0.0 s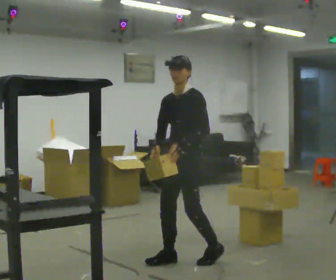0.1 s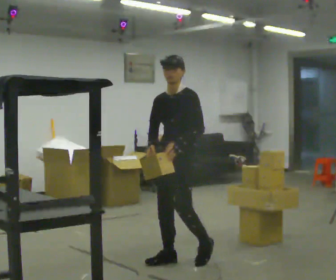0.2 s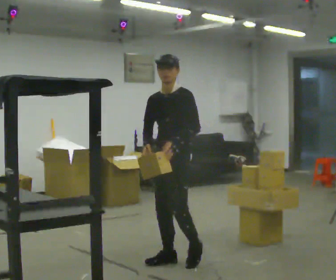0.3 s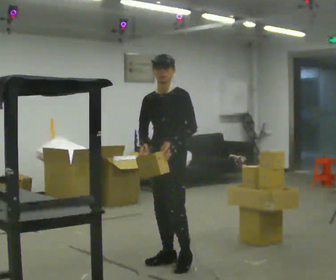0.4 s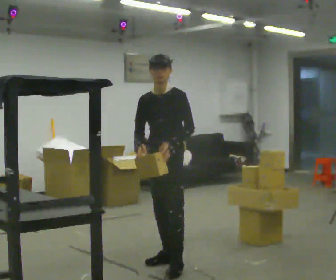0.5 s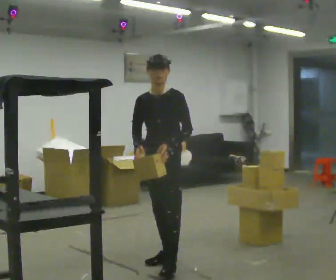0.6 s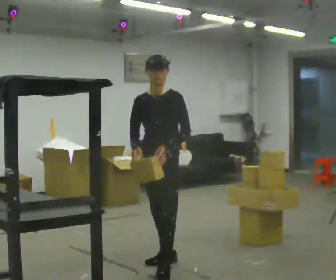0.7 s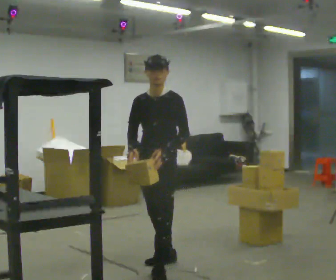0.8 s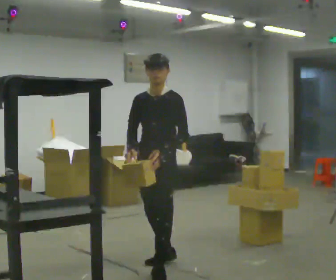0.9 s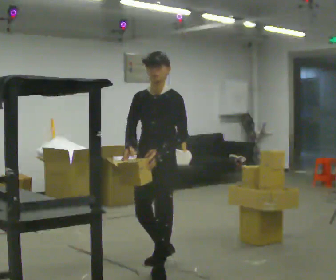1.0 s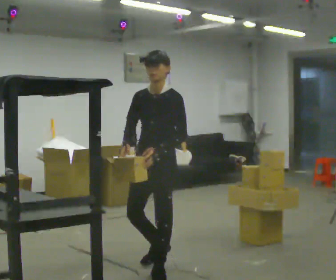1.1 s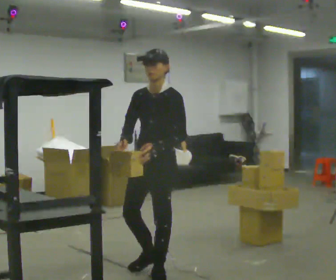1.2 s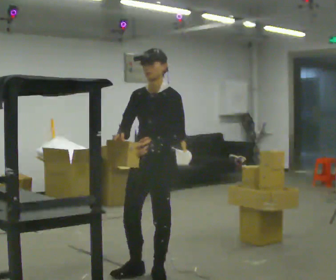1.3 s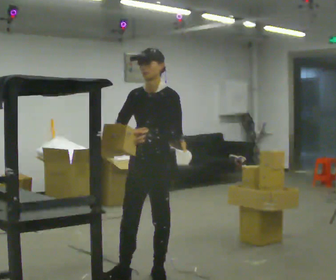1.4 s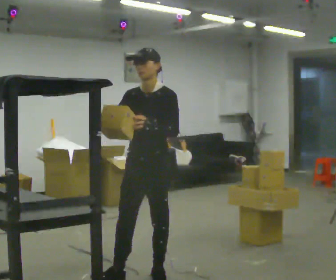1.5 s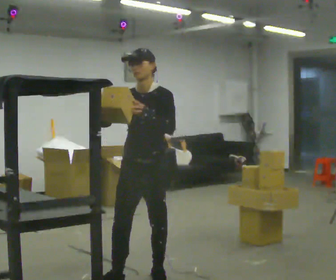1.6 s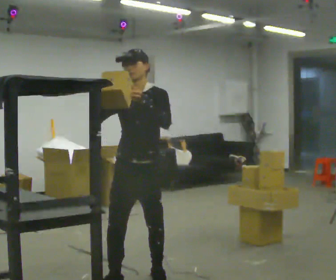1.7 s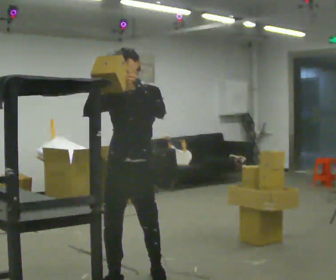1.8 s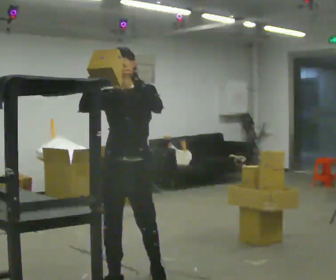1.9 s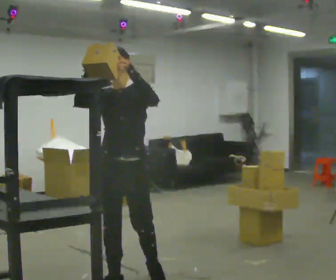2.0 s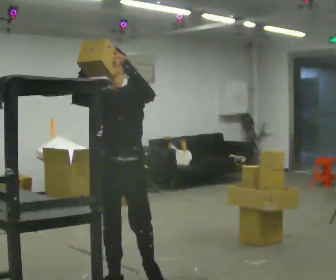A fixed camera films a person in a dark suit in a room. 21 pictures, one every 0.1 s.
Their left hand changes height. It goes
upward.
Their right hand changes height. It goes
upward.
0.0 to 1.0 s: In the picture they go toward the camera and to the left, about 0.5 m in 1 step, which for them is forward.
1.0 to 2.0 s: In the picture they go toward the camera and to the left, about 0.5 m in 1 step, which for them is forward. In the picture their left hand goes upward.
The film runs forward here.
